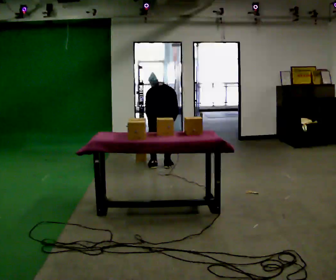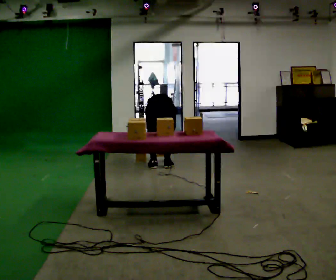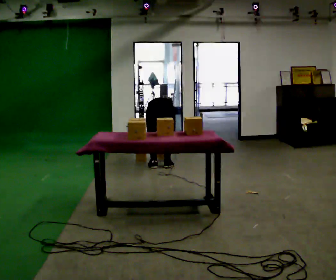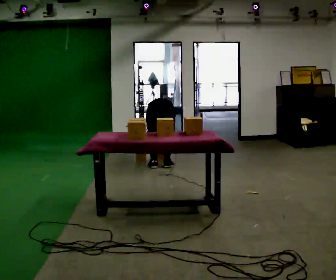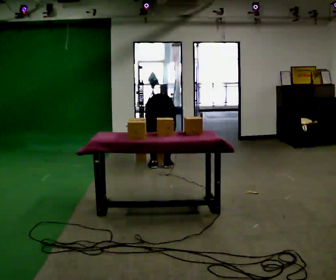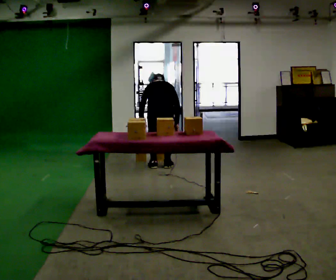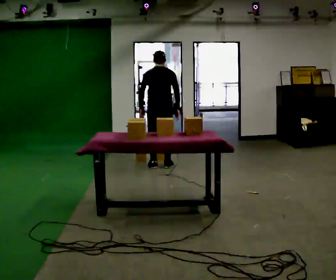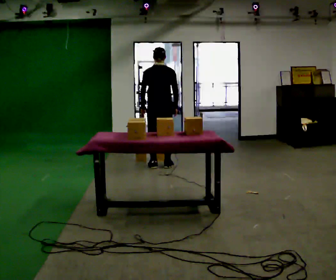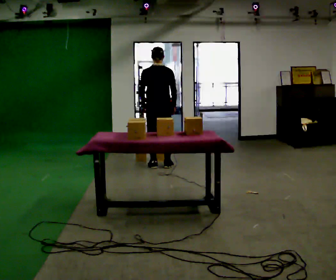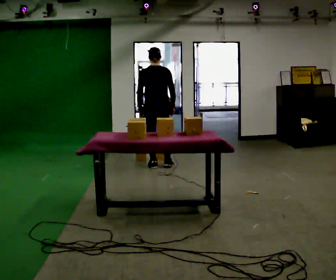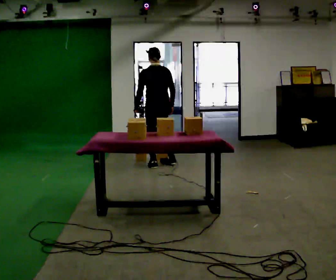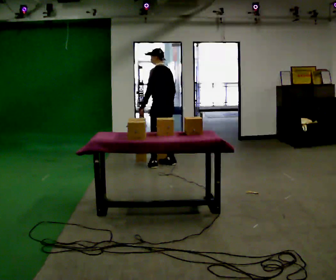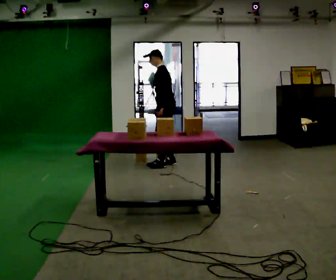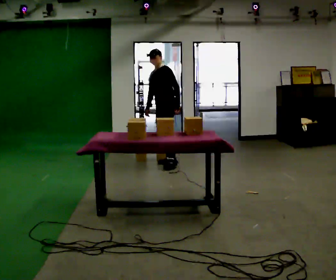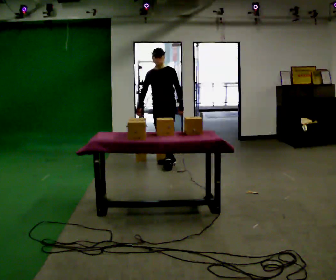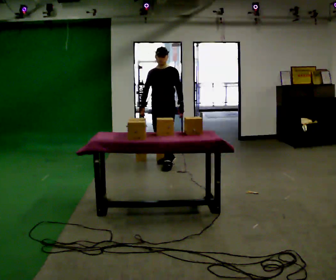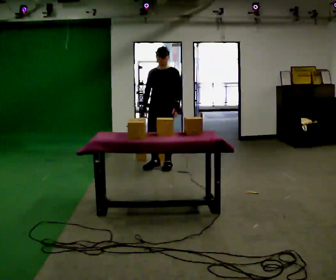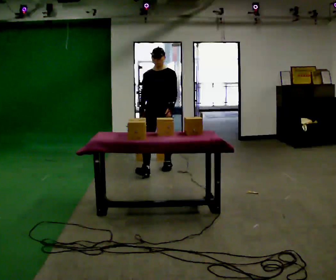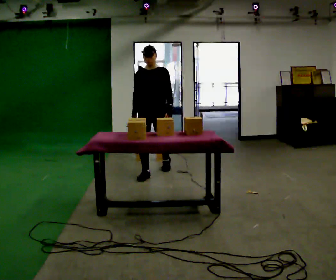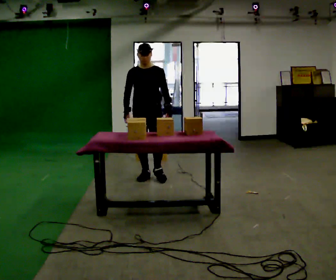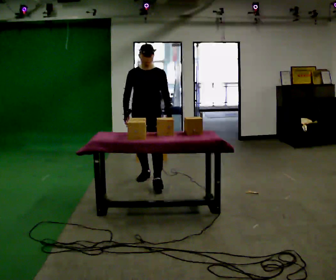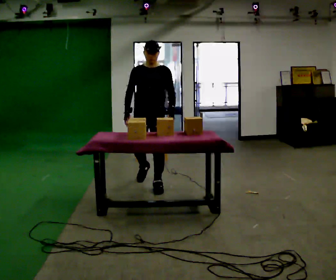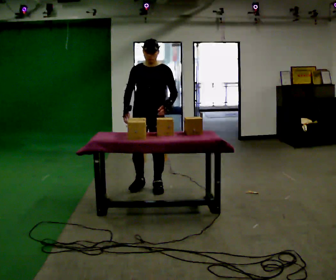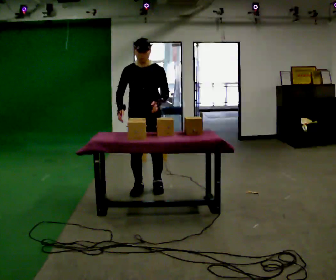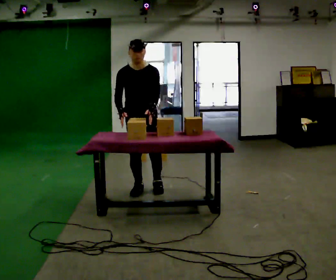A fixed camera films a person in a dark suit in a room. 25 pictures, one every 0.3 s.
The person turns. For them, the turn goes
to their left.
The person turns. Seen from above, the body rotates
counterclockwise.
0.0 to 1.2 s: The person moves a little, or ends about where they began.
1.2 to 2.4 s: In the picture they go away from the camera, about 0.25 m, which for them is forward. The shoulders move upward. The upper body tips toward the camera, its near side rolling downward, as they lean back or straighten. In the picture their left hand goes upward.
2.4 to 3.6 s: The part of the body nearest the lens slides to the right as the person turns to their left by about 90 degrees. In the picture their left hand goes to the right.
3.6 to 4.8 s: Seen from above the body turns counterclockwise, about 75 degrees: to their left, with its near side sliding to the right. In the picture they go toward the camera, about 0.25 m in 1 step.
4.8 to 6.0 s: In the picture they go toward the camera, about 0.5 m in 2 steps, which for them is forward.
6.0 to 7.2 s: In the picture they go toward the camera, about 0.25 m in 1 step, which for them is forward. The upper body tips toward the camera, its near side rolling downward, as they bend forward.
The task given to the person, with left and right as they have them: Take boxes off the top of the stack one at a time and carry them away, walking back for each one. Keep going until the operator says stop; one object at a time, and do not rush between trips.
The film runs forward here.
